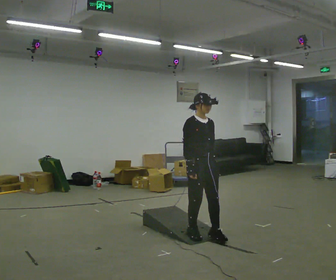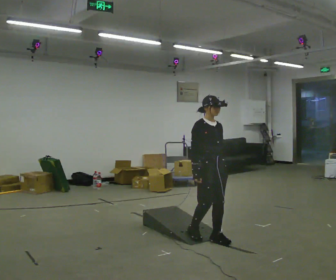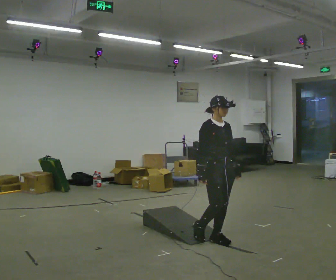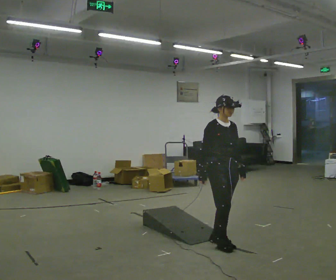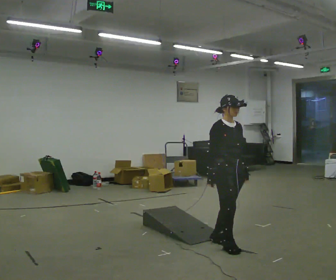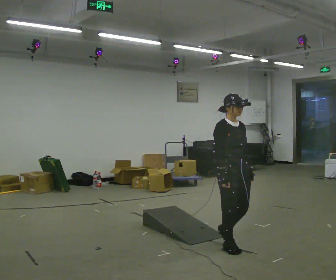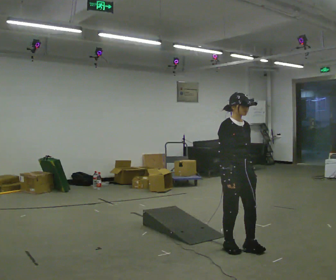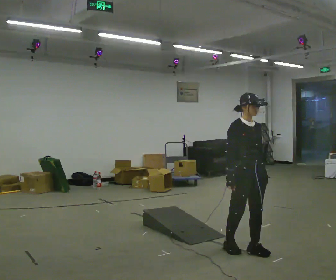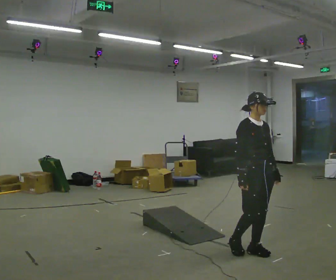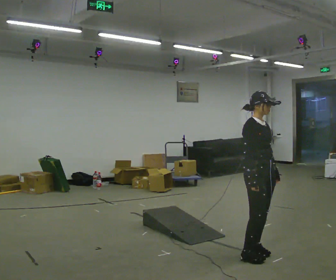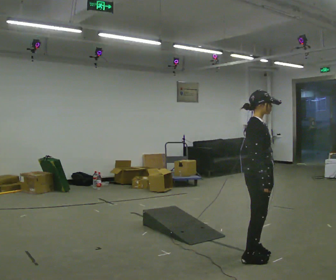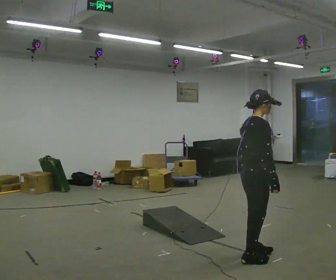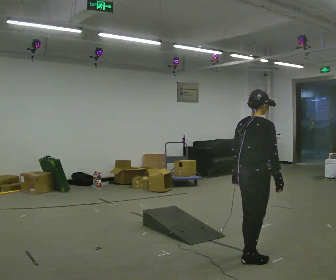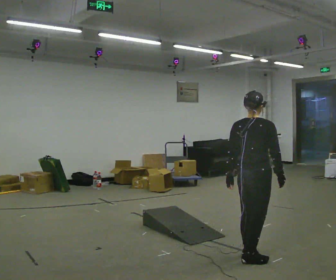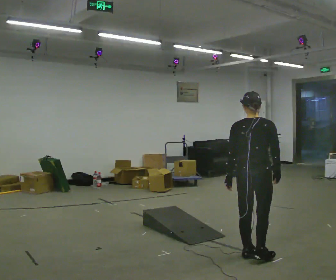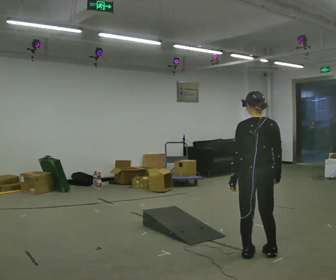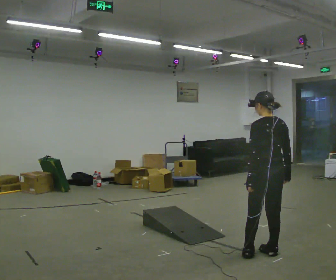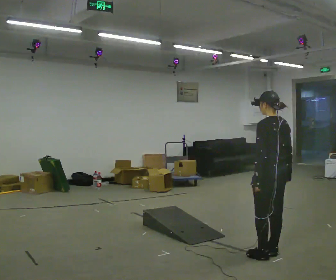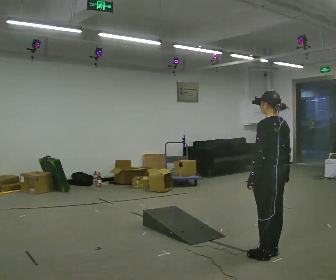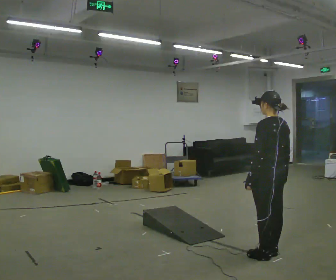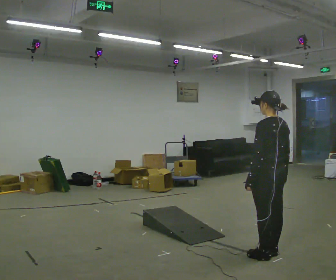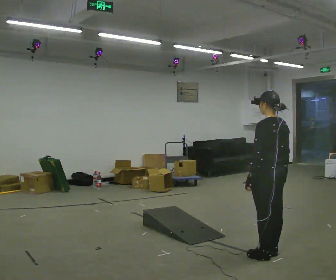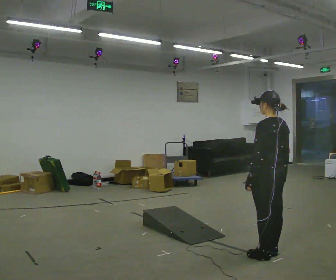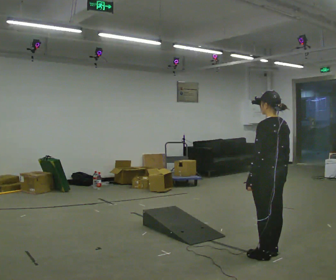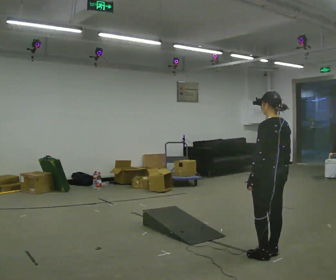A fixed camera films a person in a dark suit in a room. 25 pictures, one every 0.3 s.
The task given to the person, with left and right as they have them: Walk up the ramp, turn at the top, and walk back down at a comfortable speed.
0.0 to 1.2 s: In the picture they go to the right and toward the camera, about 0.25 m in 2 steps, which for them is forward.
1.2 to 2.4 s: In the picture they go to the right and toward the camera, about 0.25 m in 1 step, which for them is forward.
2.4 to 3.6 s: The part of the body nearest the lens slides to the right as the person turns to their left by about 90 degrees. In the picture they go toward the camera, about 0.25 m in 2 steps. In the picture their left hand goes to the left, the arm swinging clockwise.
3.6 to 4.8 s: The part of the body nearest the lens slides to the right as the person turns to their left by about 75 degrees. In the picture they go away from the camera, about 0.25 m in 1 step.
4.8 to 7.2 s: The person moves a little, or ends about where they began.
The film runs forward here.
